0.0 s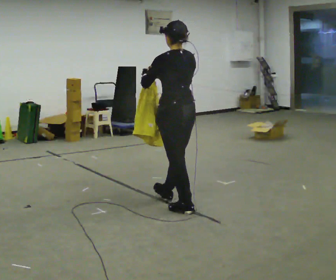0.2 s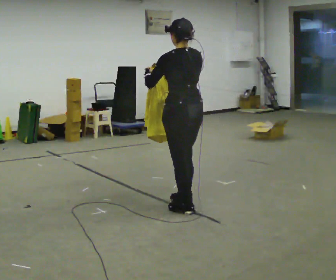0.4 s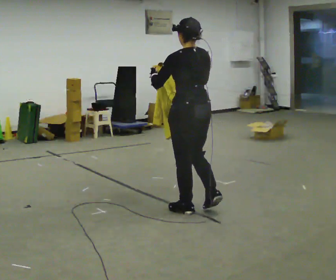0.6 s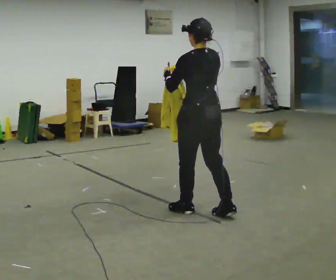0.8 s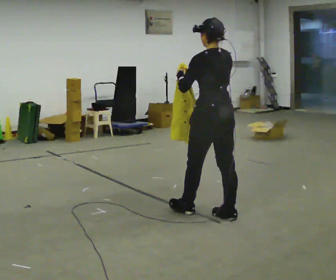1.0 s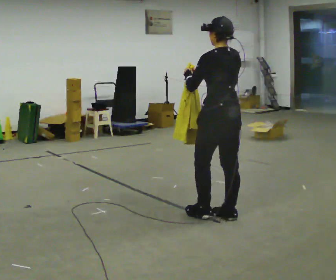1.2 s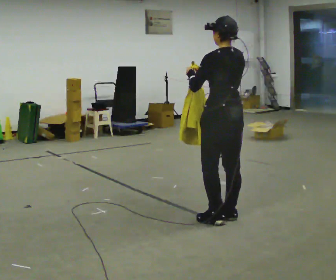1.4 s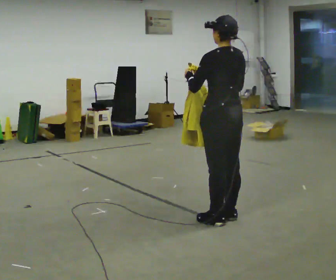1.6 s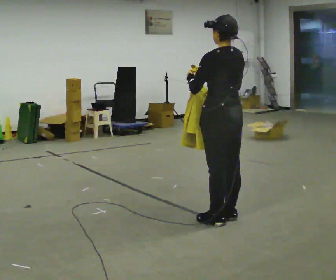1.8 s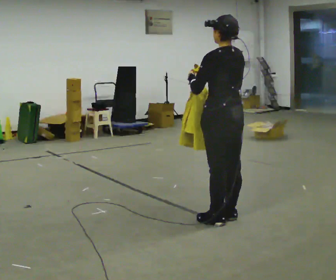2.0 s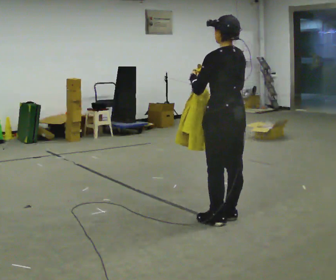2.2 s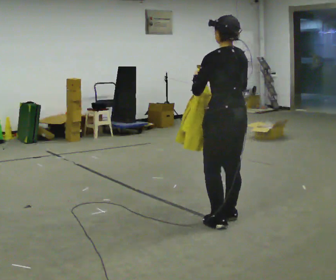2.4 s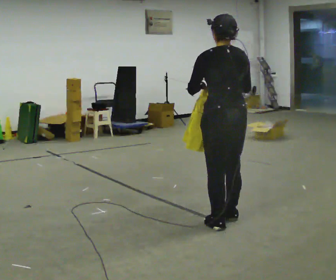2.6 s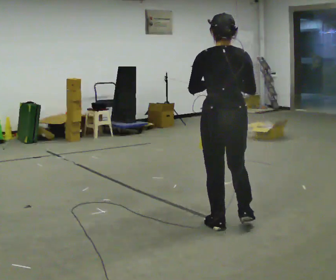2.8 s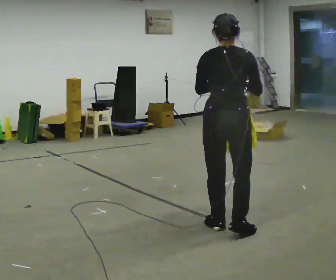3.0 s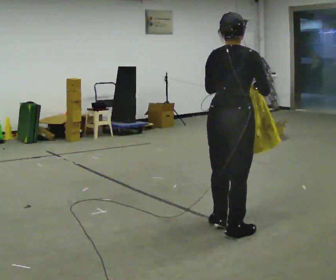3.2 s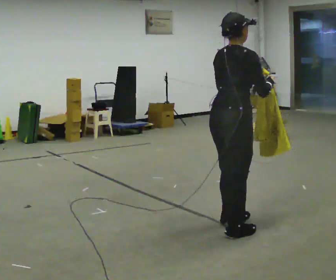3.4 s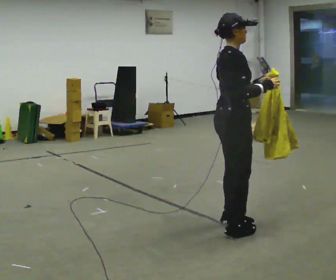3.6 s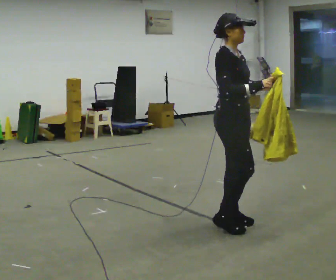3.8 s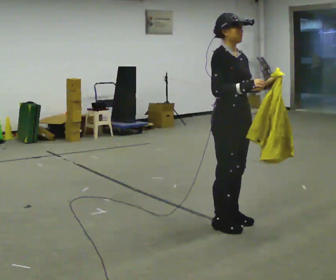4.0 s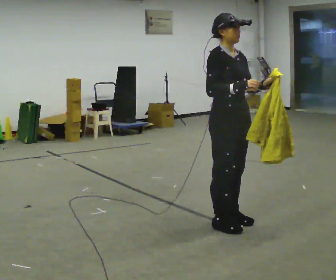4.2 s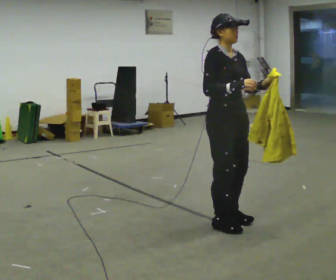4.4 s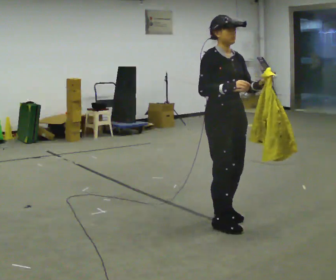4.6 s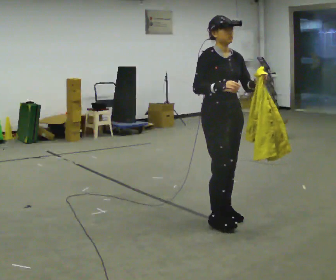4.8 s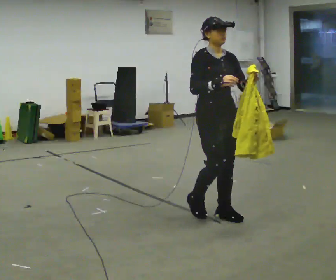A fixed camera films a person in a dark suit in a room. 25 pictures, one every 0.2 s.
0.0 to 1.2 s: In the picture they go to the right and toward the camera, about 0.5 m in 1 step, which for them is backward and to their right.
1.2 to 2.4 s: In the picture they go toward the camera, about 0.25 m in 1 step, which for them is backward.
2.4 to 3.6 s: Seen from above the body turns clockwise, about 135 degrees: to their right, with its near side sliding to the left.
3.6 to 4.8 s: The person turns about 30 degrees to their right, clockwise seen from above, so the part of the body nearest the lens slides to the left. In the picture they go away from the camera, about 0.25 m in 2 steps, which for them is backward.
The film runs backward here.
